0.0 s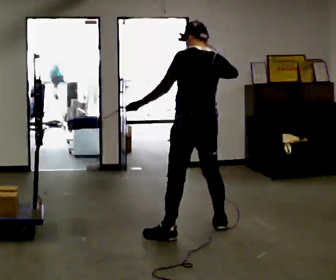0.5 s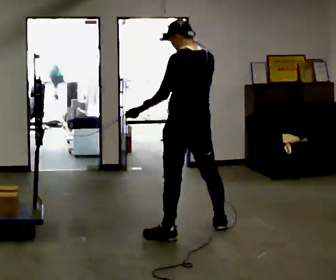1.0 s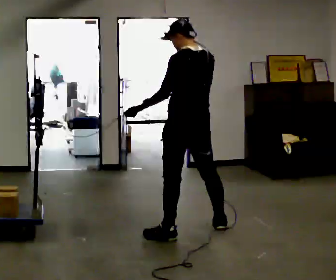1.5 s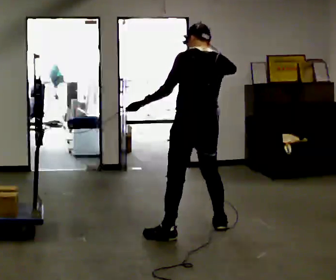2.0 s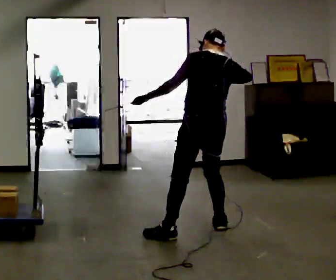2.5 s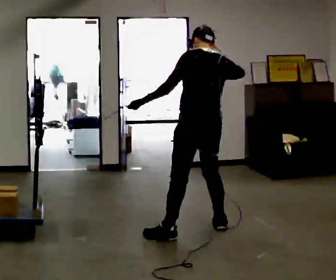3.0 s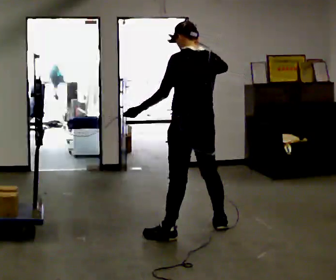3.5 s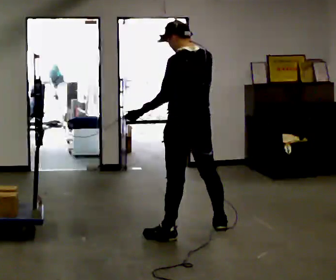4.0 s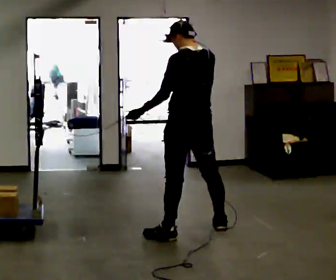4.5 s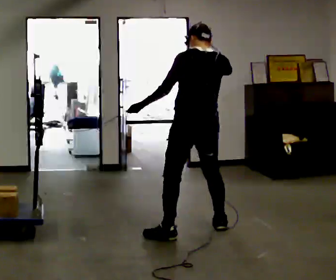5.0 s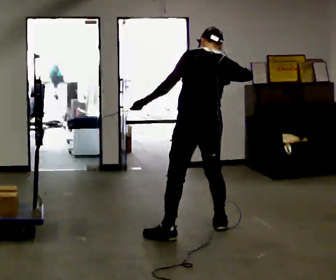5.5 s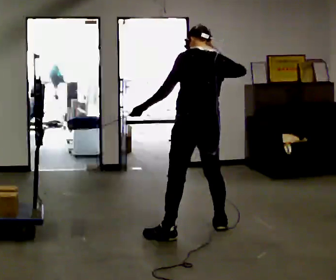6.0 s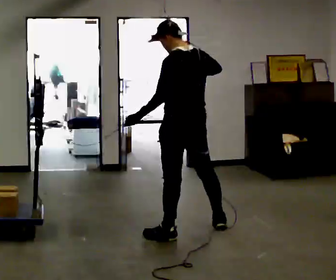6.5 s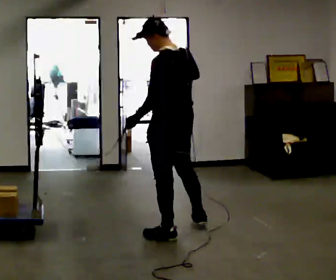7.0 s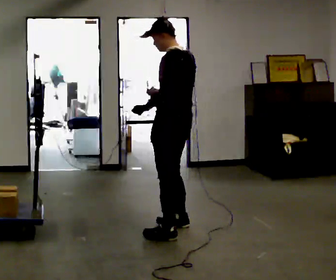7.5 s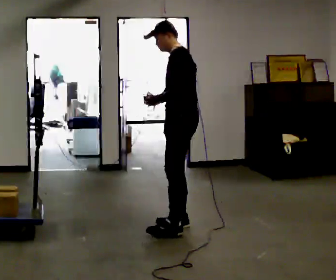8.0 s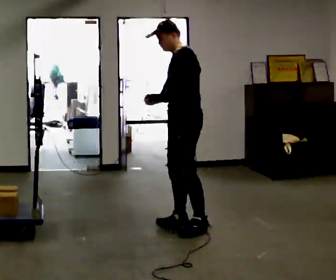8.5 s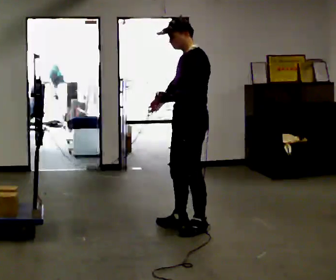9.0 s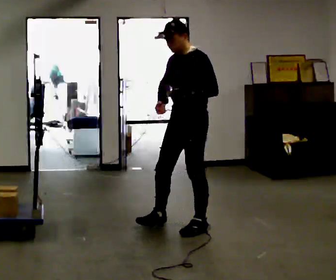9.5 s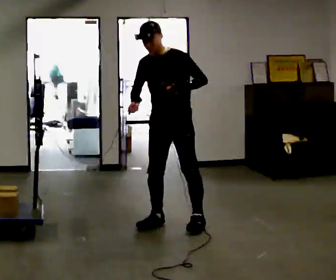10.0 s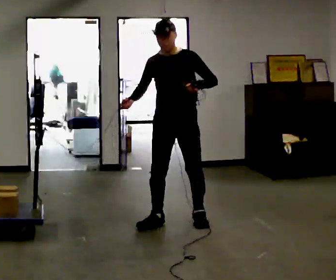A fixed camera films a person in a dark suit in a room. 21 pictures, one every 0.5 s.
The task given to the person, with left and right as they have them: Hold the rope on the loaded pallet and pull as hard as is comfortable for a few seconds, then relax. The operator will log the load and the peak reading on the scale for every take.
0.0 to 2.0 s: The person moves a little, or ends about where they began.
2.0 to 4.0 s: In the picture their right hand goes to the left.
4.0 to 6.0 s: The person moves a little, or ends about where they began.
6.0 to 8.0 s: Seen from above the body turns counterclockwise, about 75 degrees: to their left, with its near side sliding to the right. In the picture they go away from the camera, about 0.25 m in 2 steps.
8.0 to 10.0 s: Seen from above the body turns counterclockwise, about 75 degrees: to their left, with its near side sliding to the right. In the picture their left hand goes to the right.
The film runs forward here.
